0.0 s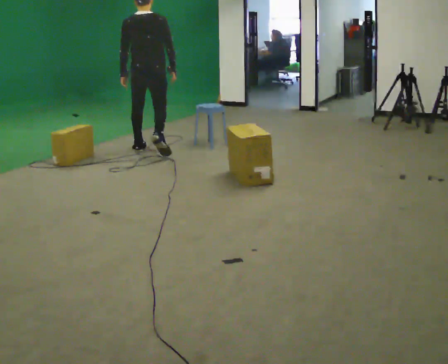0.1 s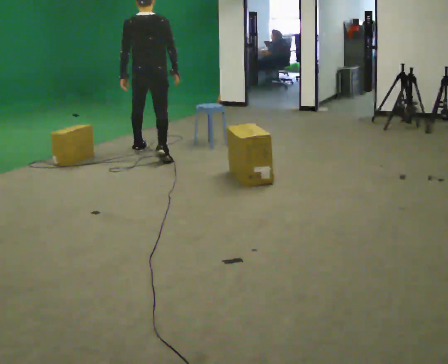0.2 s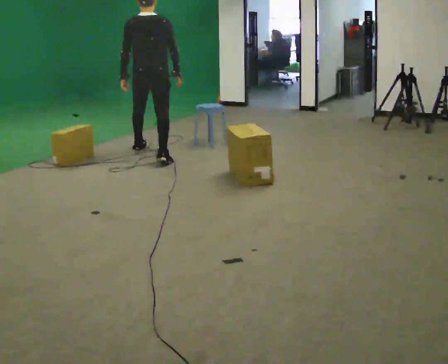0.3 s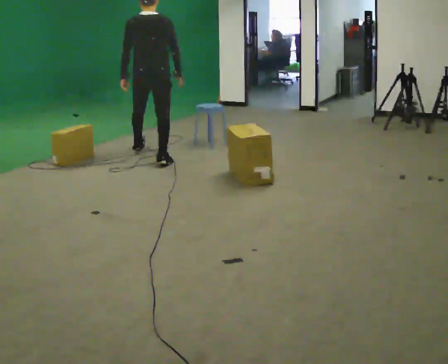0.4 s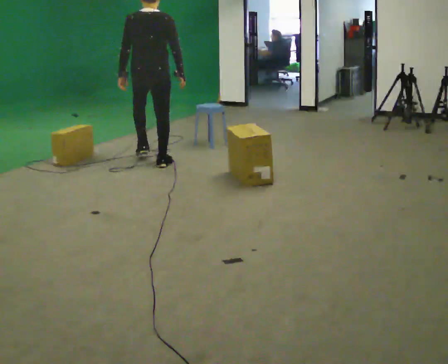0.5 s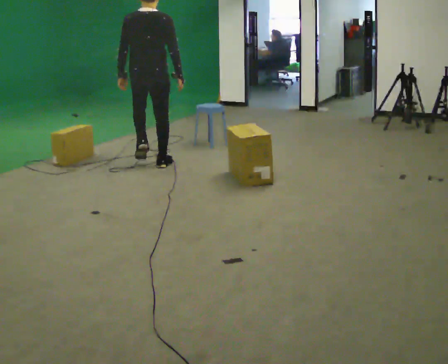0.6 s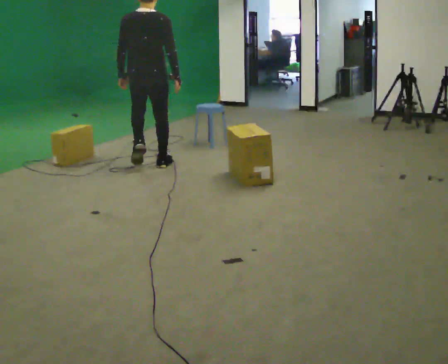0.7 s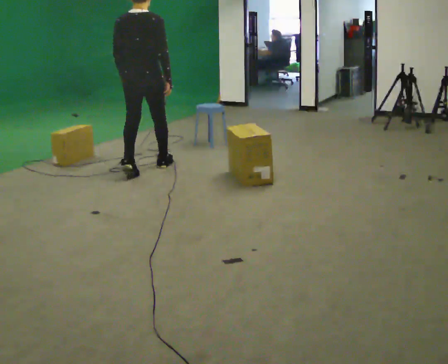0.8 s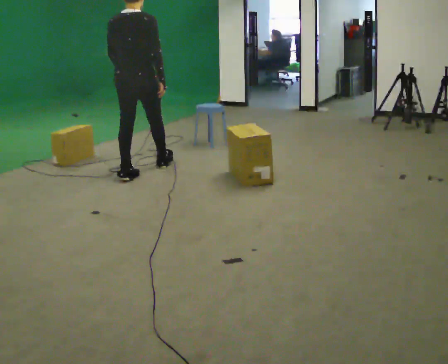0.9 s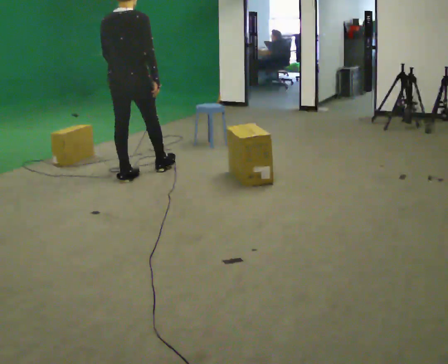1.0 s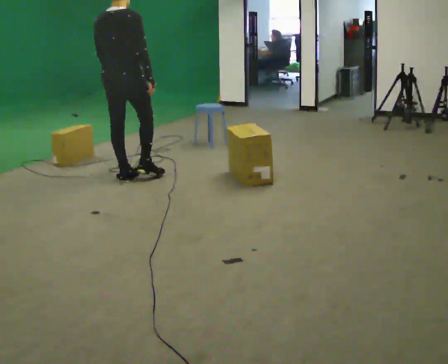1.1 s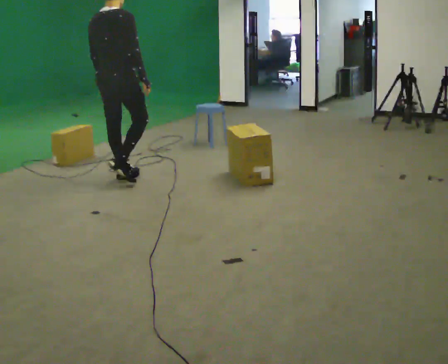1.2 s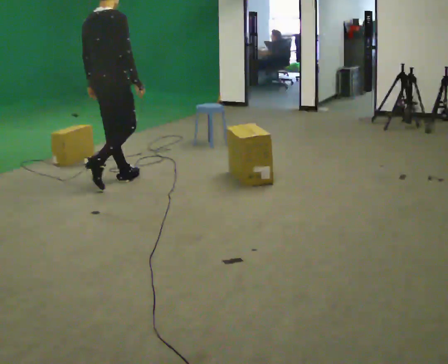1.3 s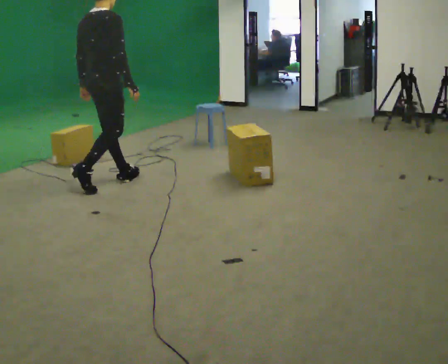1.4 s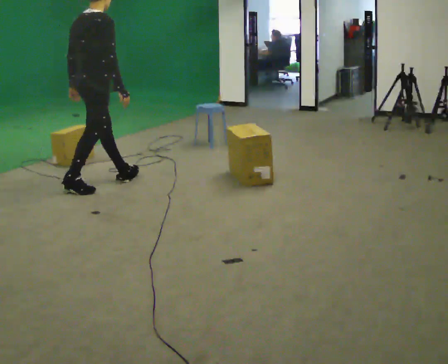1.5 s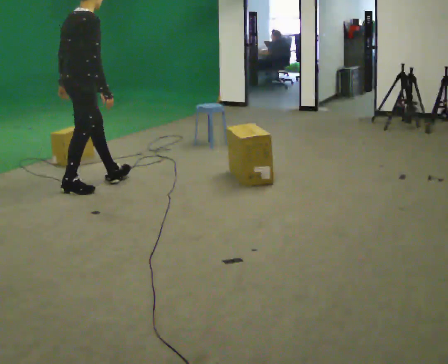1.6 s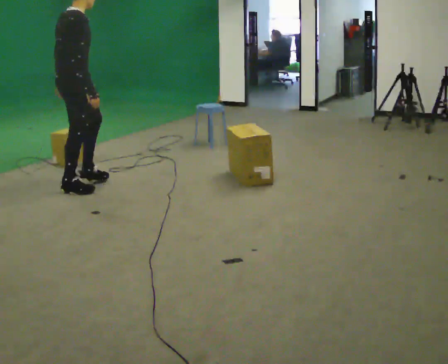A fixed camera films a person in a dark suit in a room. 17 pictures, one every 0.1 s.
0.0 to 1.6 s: The part of the body nearest the lens slides to the left as the person turns to their right by about 60 degrees. In the picture they go toward the camera and to the left, about 1.5 m in 3 steps.
The film runs backward here.
